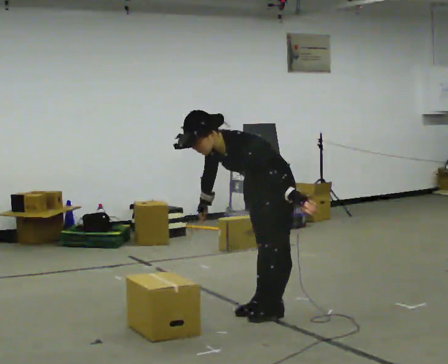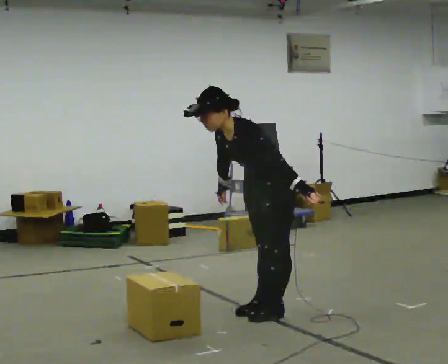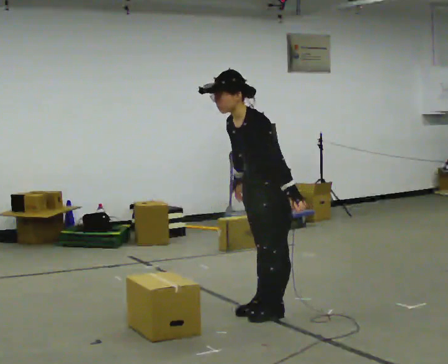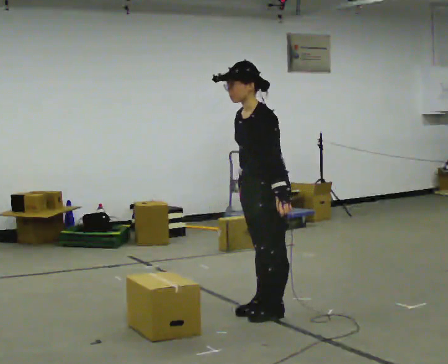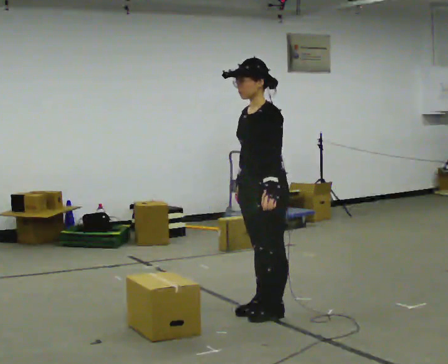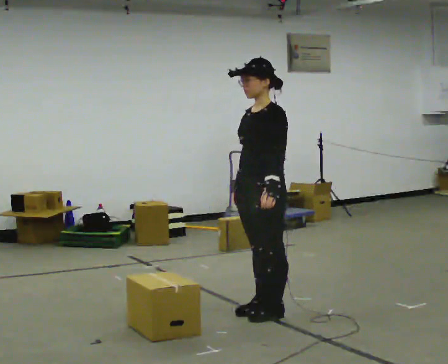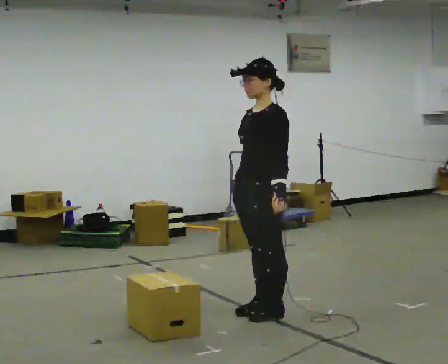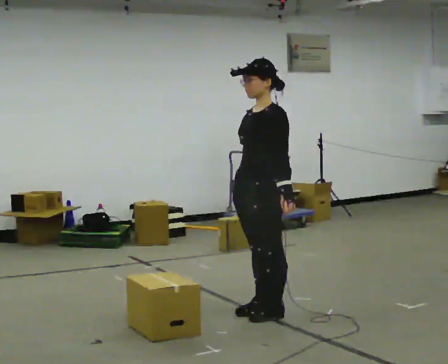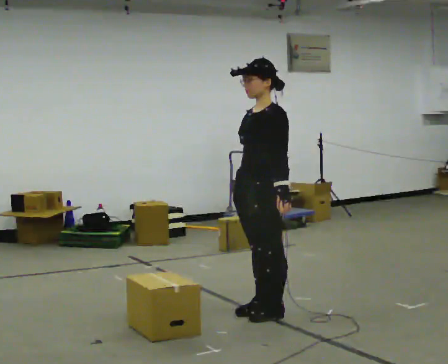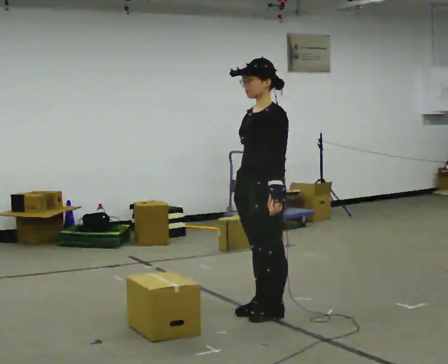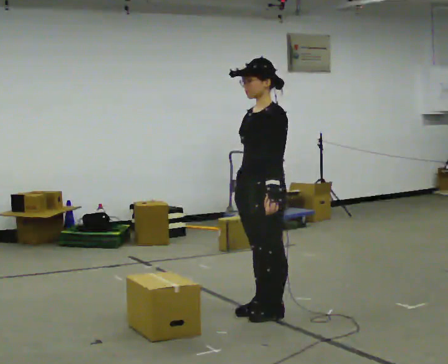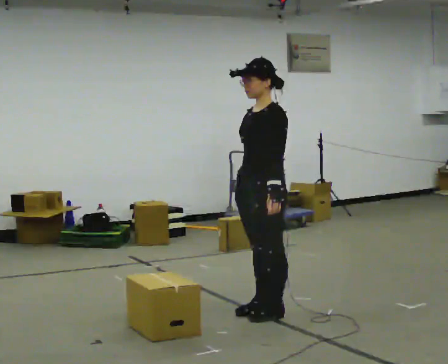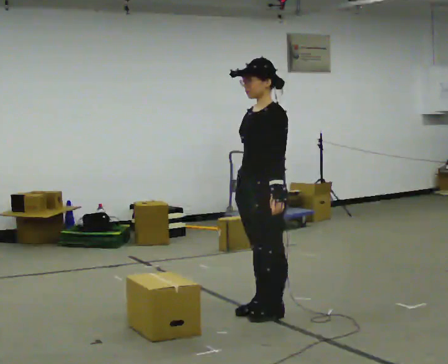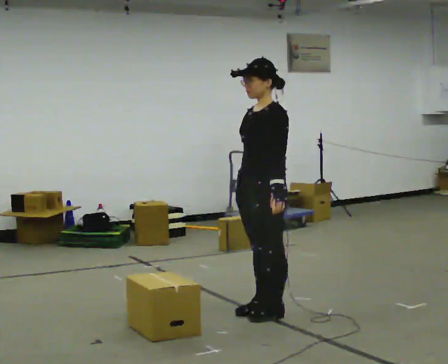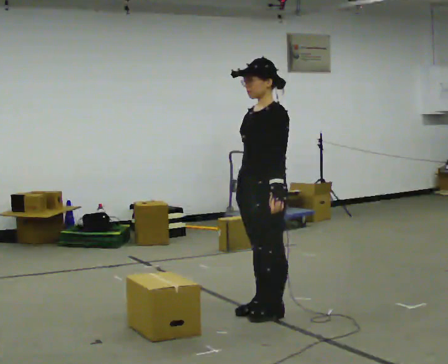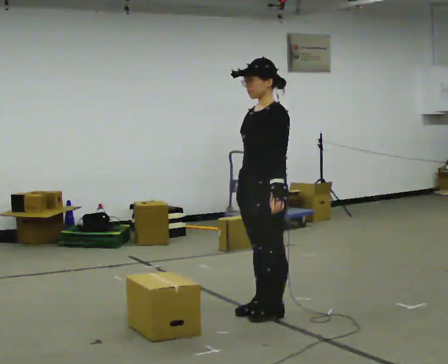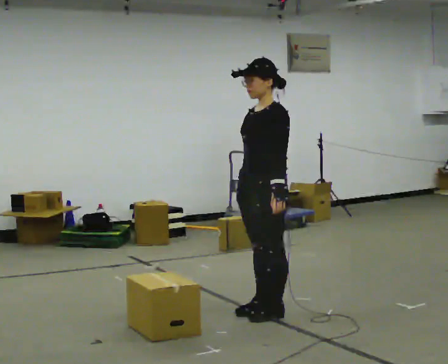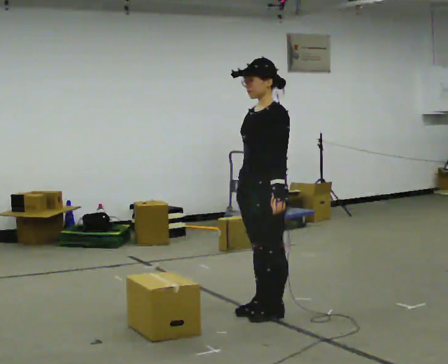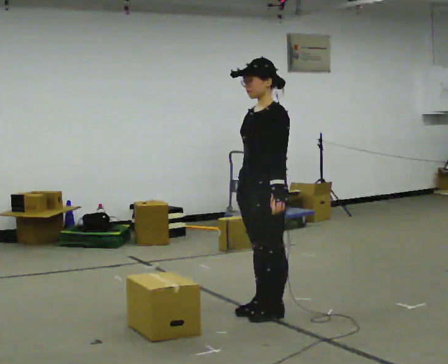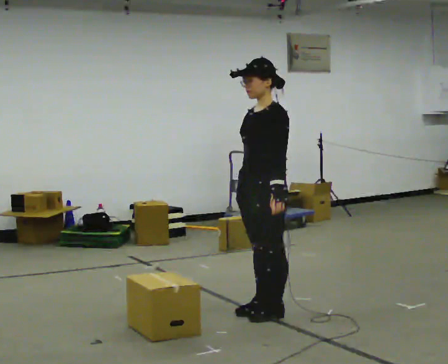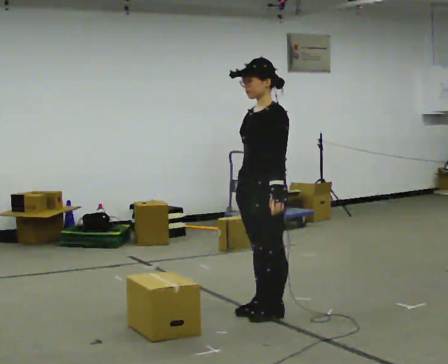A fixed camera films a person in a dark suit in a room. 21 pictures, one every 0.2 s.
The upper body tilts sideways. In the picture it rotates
clockwise.
0.0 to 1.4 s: The upper body goes upward. In the picture the upper body tilts clockwise, shoulders to the right, as they lean back or straighten.
1.4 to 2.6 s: The person moves a little, or ends about where they began.
2.6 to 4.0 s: The person keeps their place and pose.
The film runs forward here.
